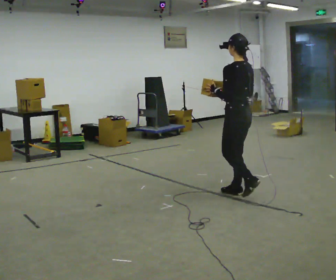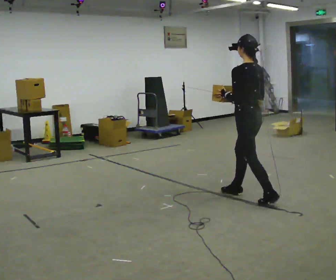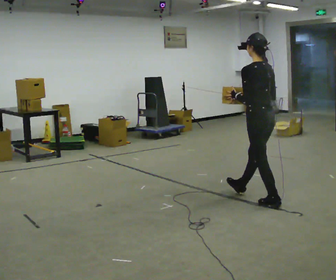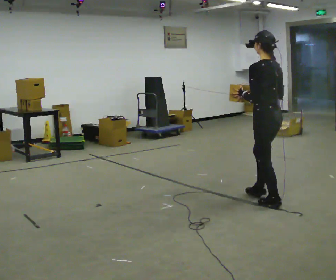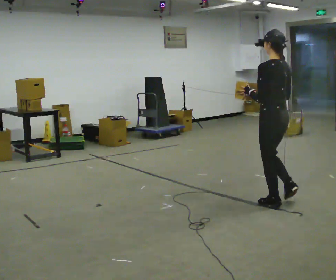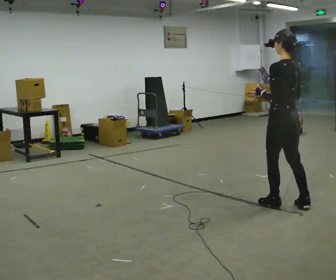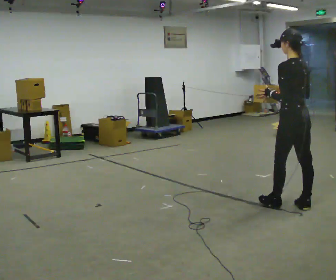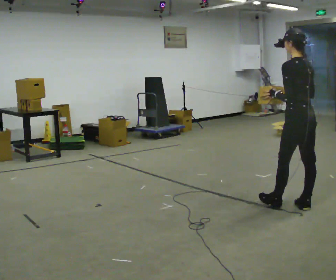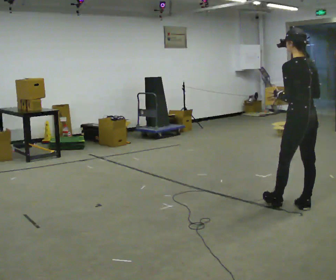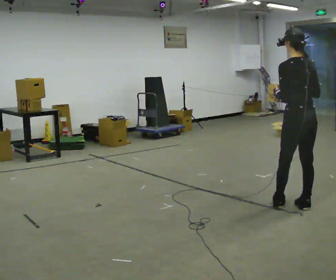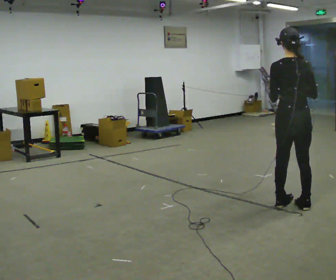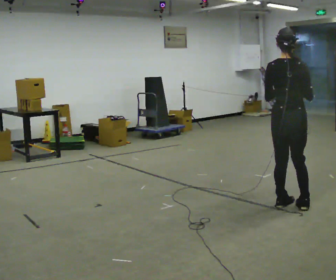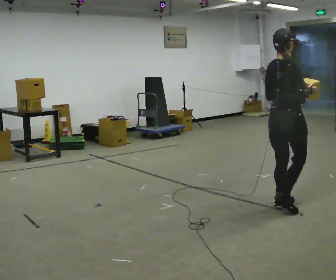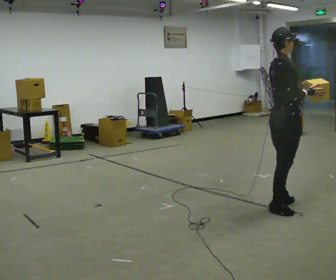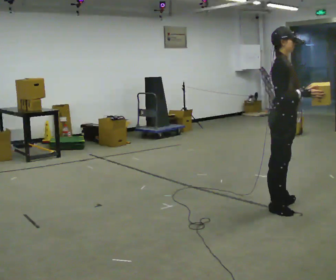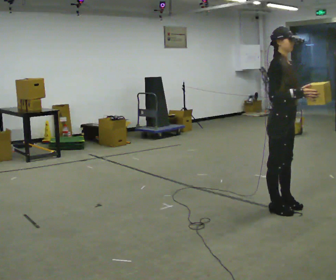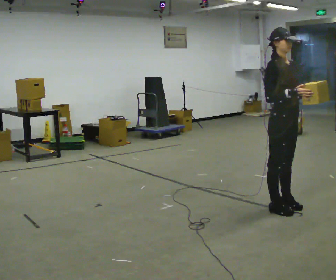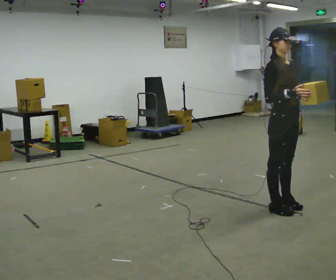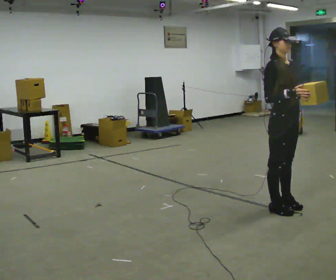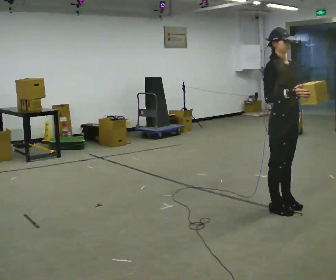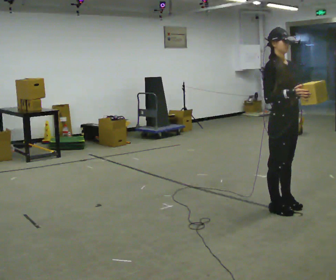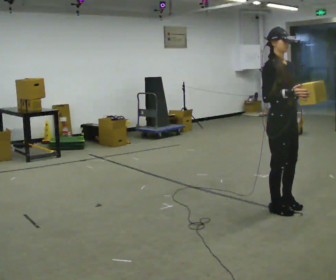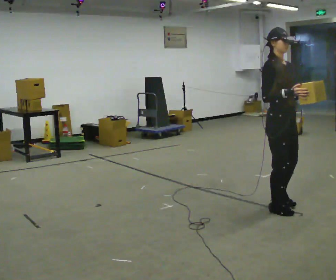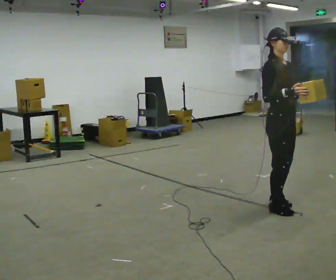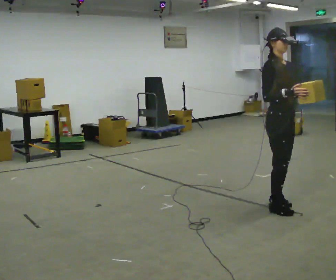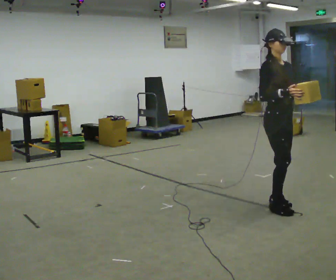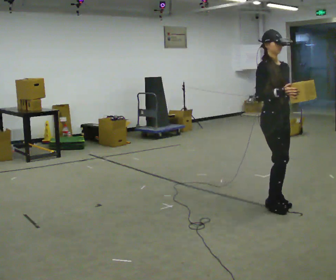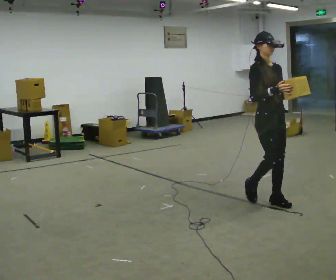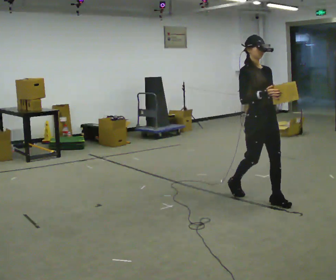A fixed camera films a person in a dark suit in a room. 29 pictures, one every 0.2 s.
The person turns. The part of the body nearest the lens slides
to the left.
The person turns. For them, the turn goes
to their right.
0.0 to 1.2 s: In the picture they go to the right and toward the camera, about 0.75 m in 1 step, which for them is backward.
1.2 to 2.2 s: The person turns about 60 degrees to their right, clockwise seen from above, so the part of the body nearest the lens slides to the left.
2.2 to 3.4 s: The person turns about 120 degrees to their right, clockwise seen from above, so the part of the body nearest the lens slides to the left.
3.4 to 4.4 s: The person moves a little, or ends about where they began.
4.4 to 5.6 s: In the picture they go away from the camera and to the left, about 0.25 m in 1 step, which for them is backward.
The film runs backward here.
